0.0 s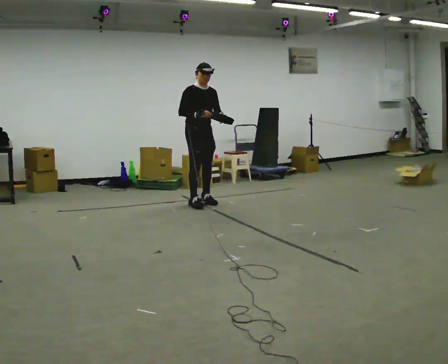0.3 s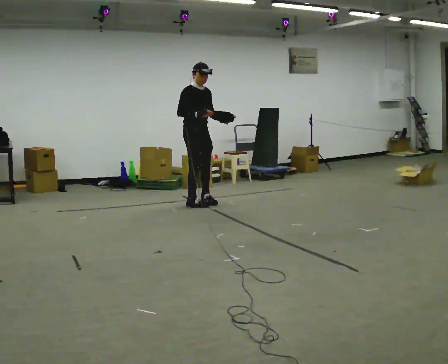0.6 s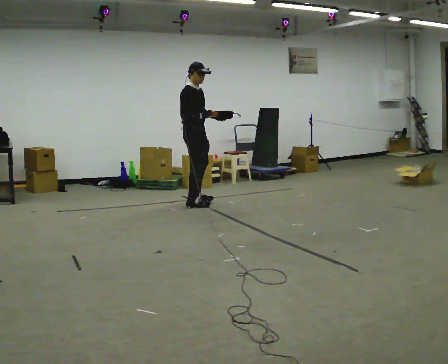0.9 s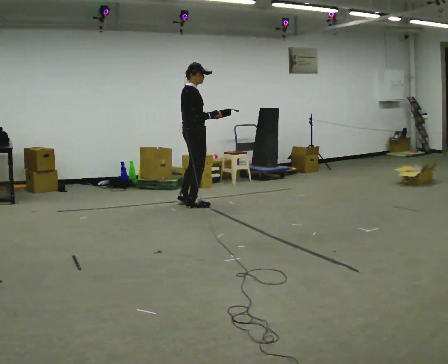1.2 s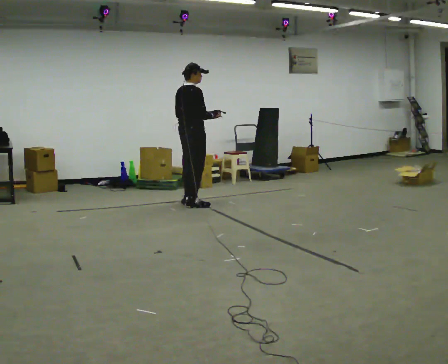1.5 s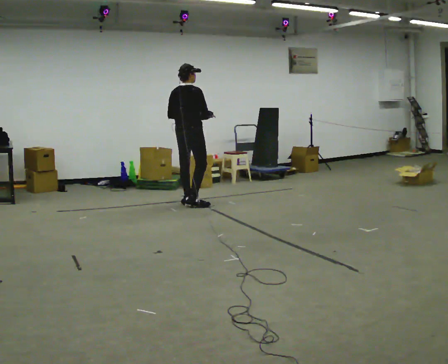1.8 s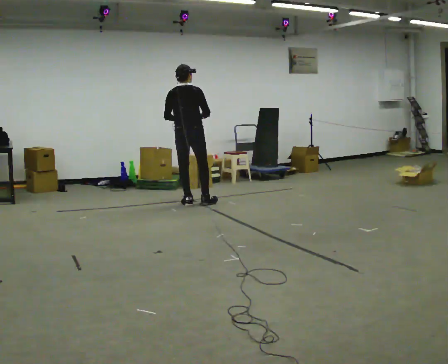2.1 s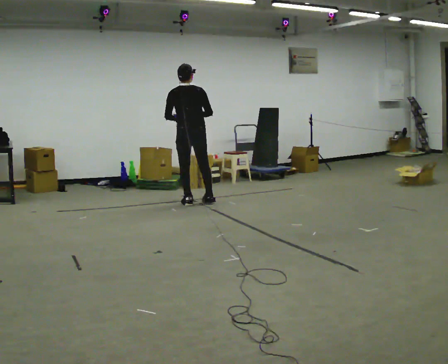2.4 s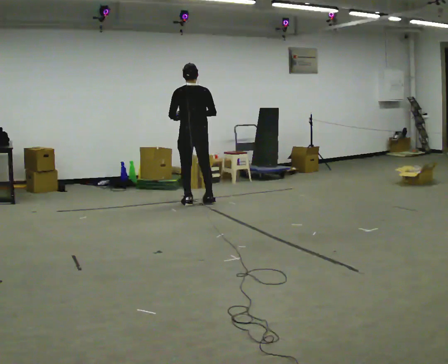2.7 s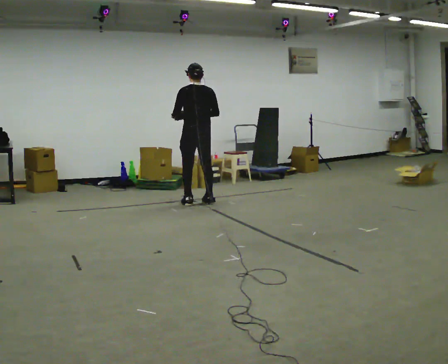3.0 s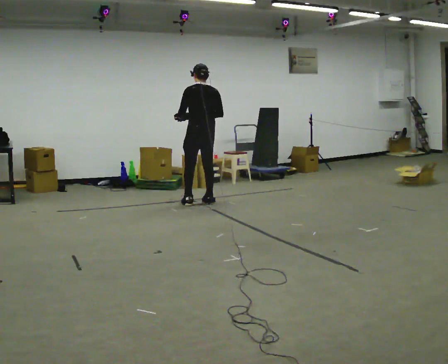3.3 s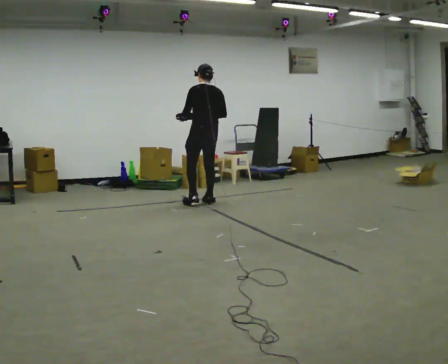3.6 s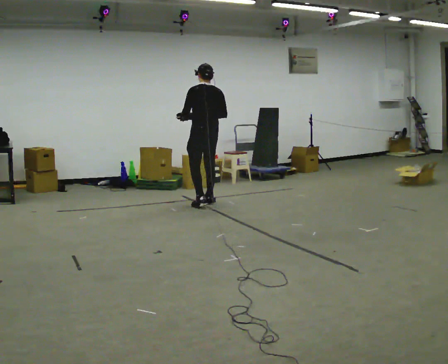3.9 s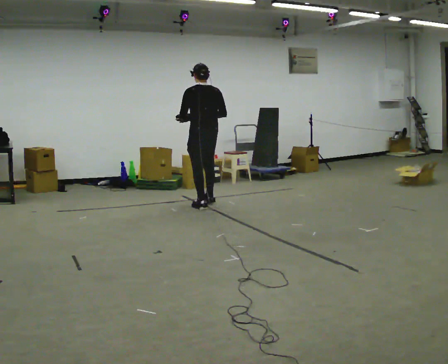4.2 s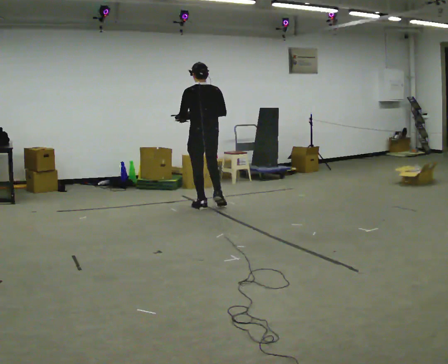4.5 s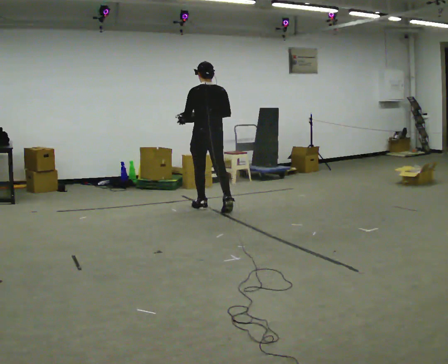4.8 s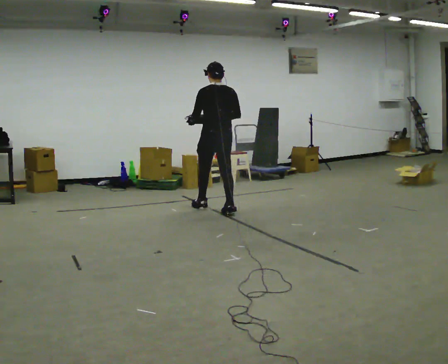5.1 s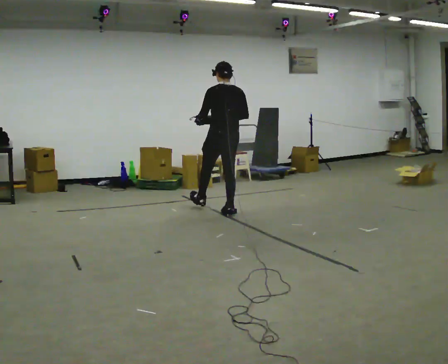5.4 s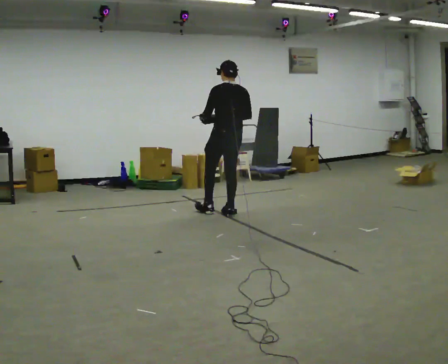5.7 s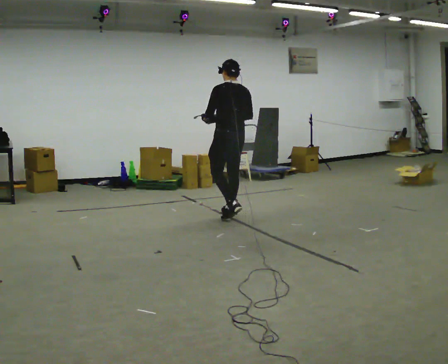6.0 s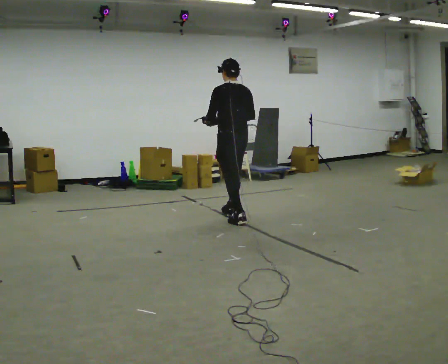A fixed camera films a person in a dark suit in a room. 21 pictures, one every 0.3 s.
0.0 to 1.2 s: The part of the body nearest the lens slides to the right as the person turns to their left by about 90 degrees. In the picture they go toward the camera, about 0.25 m in 1 step. In the picture their left hand goes to the left.
1.2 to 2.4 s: Seen from above the body turns counterclockwise, about 60 degrees: to their left, with its near side sliding to the right.
2.4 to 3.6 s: In the picture they go to the right, about 0.25 m in 1 step.
3.6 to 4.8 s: In the picture they go toward the camera and to the right, about 0.5 m in 1 step, which for them is backward.
4.8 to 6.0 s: In the picture they go toward the camera and to the right, about 0.5 m in 1 step, which for them is backward.
The film runs backward here.
